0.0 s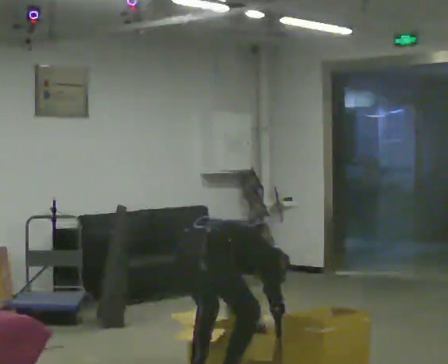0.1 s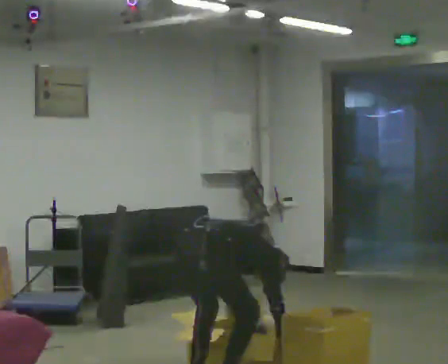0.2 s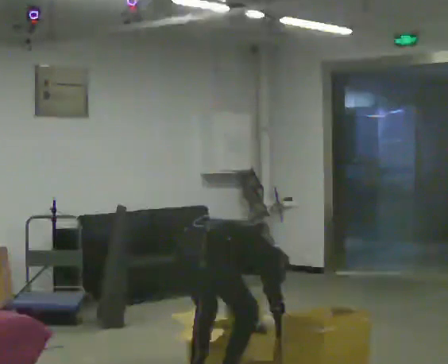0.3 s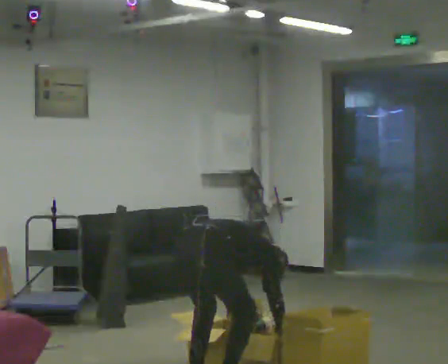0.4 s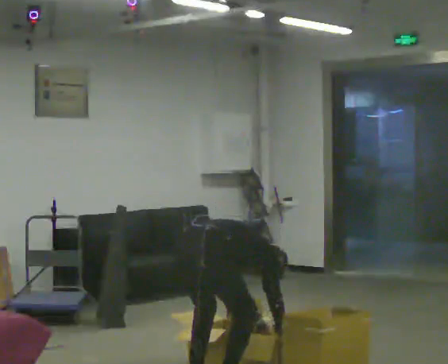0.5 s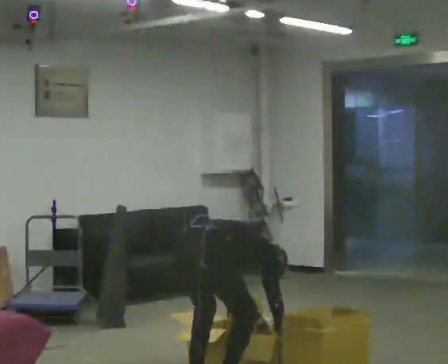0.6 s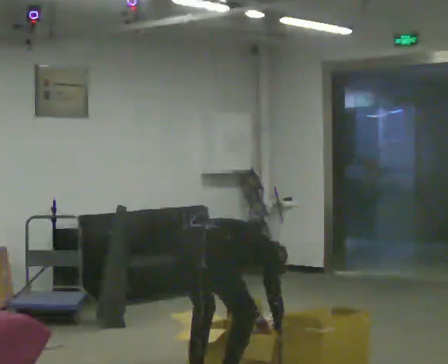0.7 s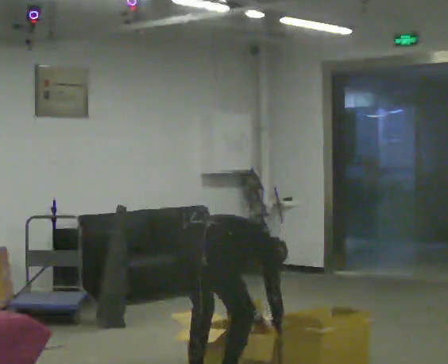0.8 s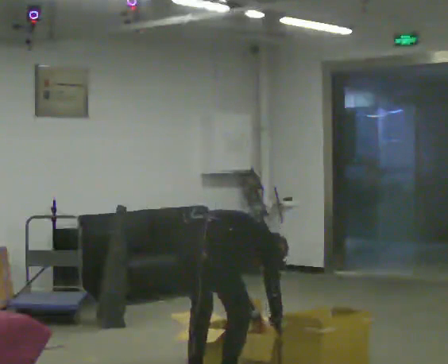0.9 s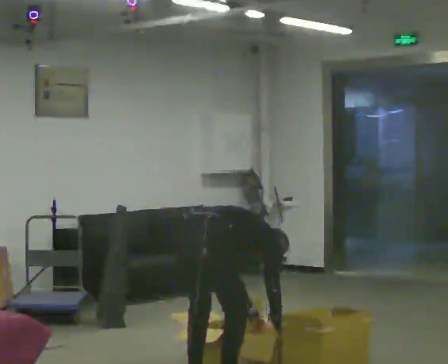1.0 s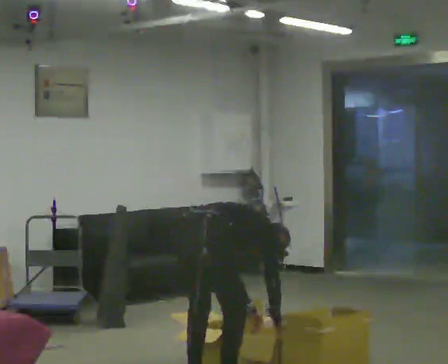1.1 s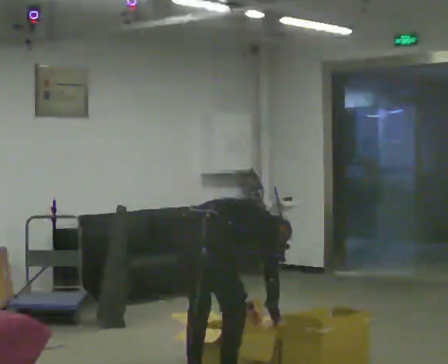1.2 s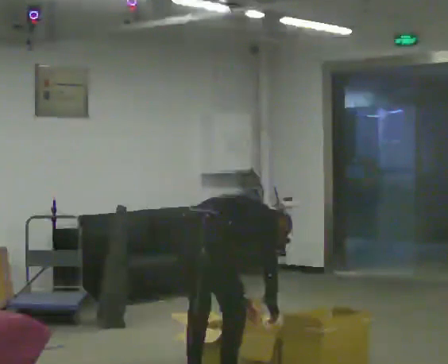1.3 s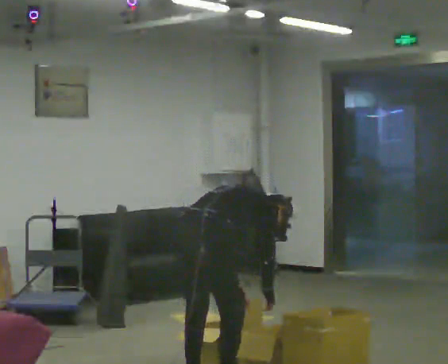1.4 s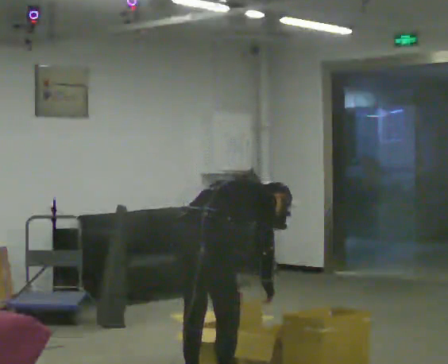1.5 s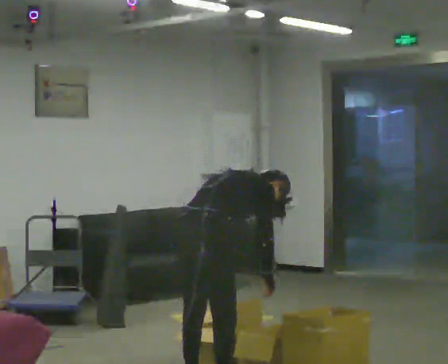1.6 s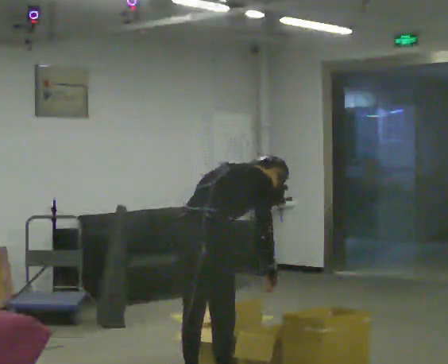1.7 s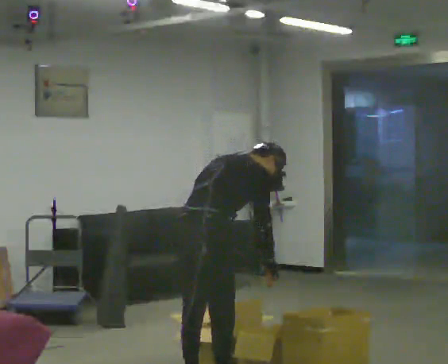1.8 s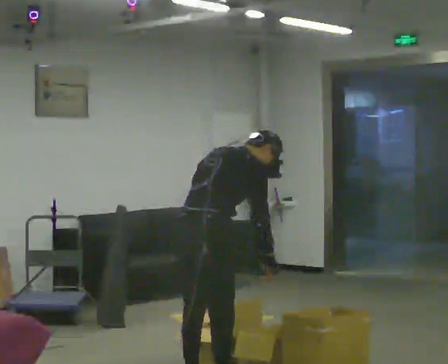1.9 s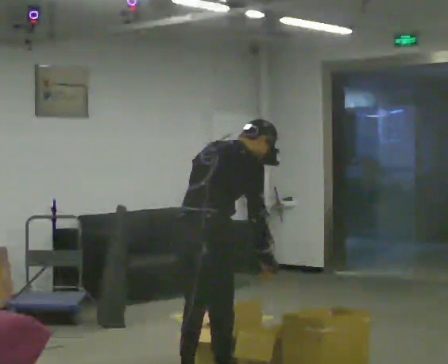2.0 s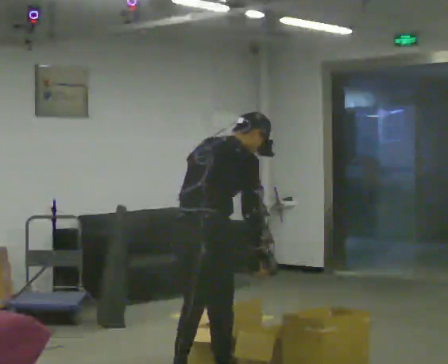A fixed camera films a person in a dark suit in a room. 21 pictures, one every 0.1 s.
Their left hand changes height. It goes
upward.
The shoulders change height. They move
upward.
0.0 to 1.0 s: The person moves a little, or ends about where they began.
1.0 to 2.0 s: The shoulders move upward. The upper body tips toward the camera, its near side rolling downward, as they lean back or straighten. In the picture their left hand goes upward and to the left.
The film runs backward here.
